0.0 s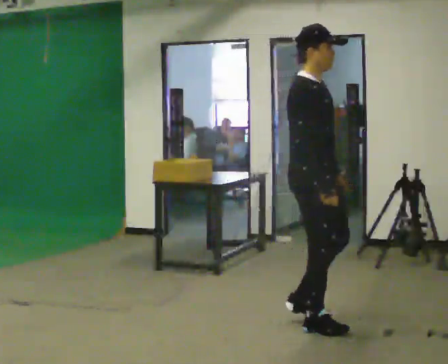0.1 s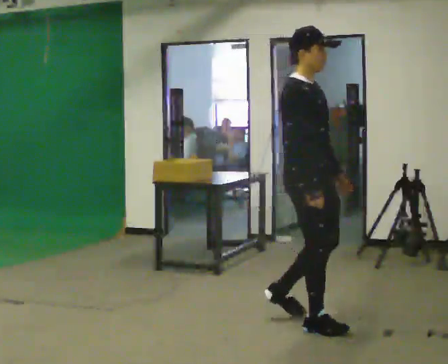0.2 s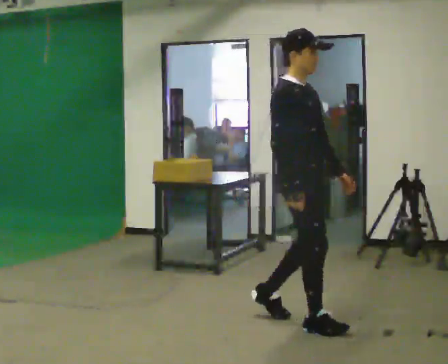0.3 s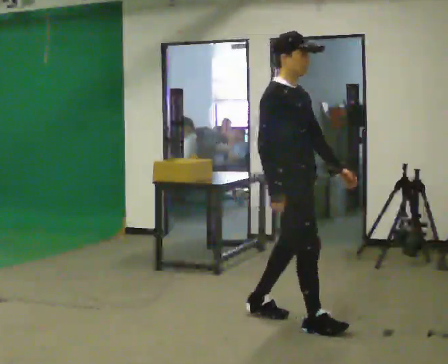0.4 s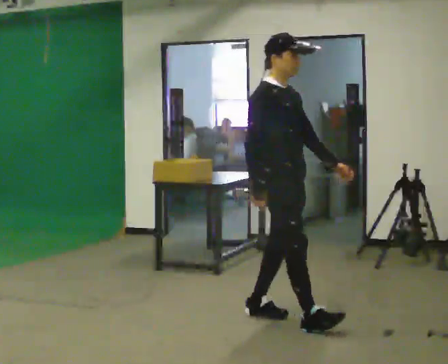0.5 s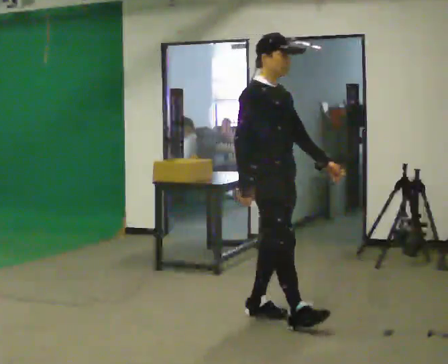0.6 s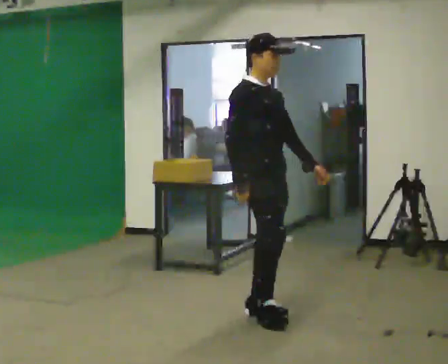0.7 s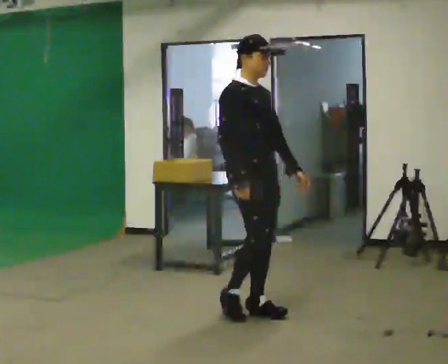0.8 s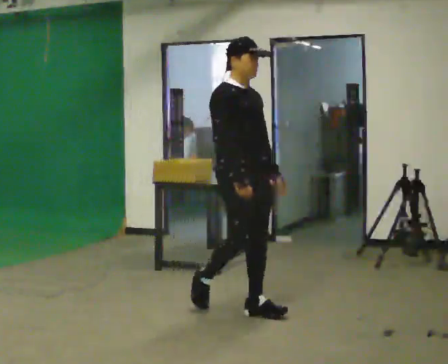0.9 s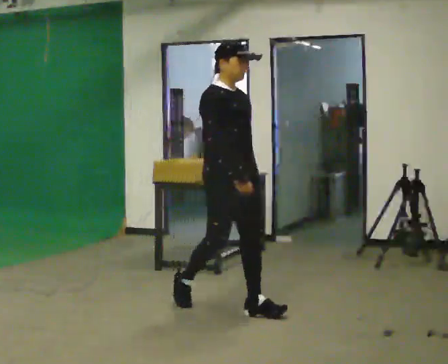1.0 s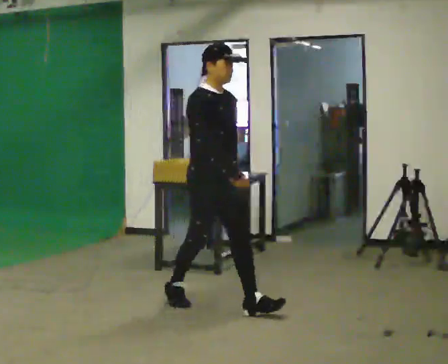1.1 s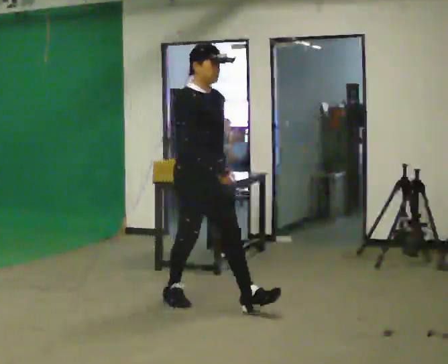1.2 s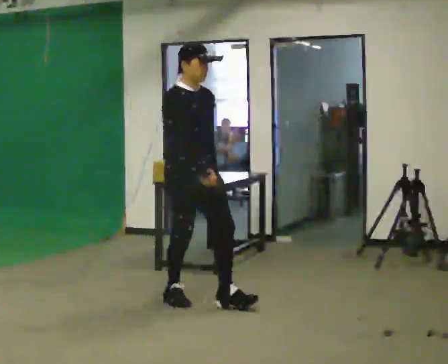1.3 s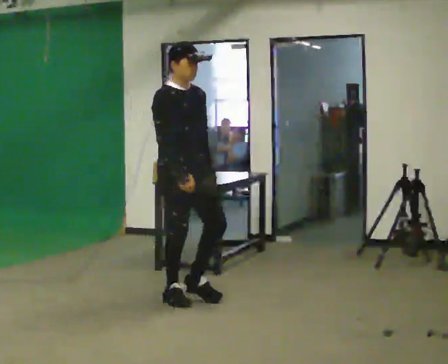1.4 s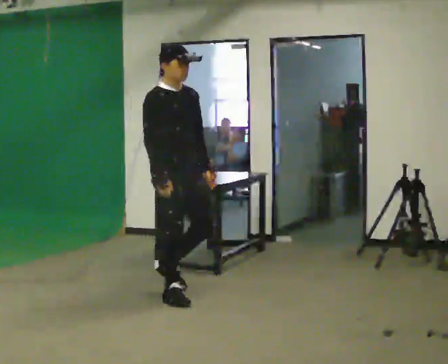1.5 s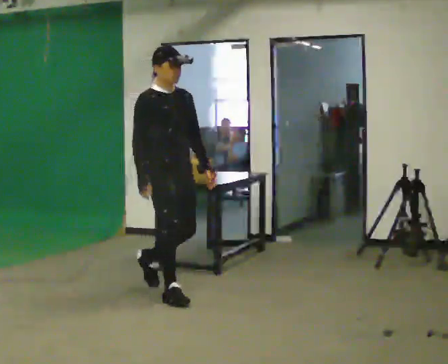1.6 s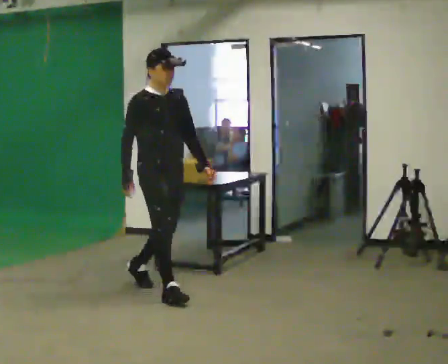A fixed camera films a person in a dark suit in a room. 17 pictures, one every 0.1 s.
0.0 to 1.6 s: In the picture they go to the left and away from the camera, about 1.5 m in 2 steps, which for them is backward.
The film runs backward here.
